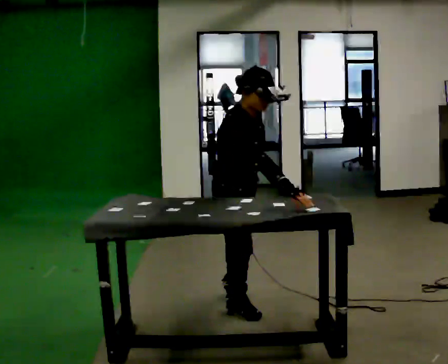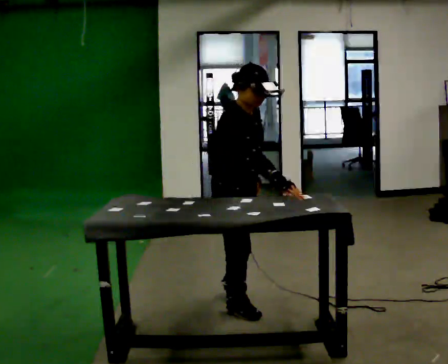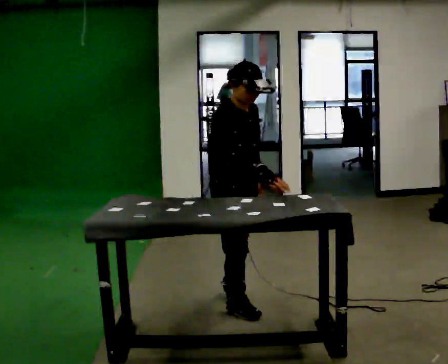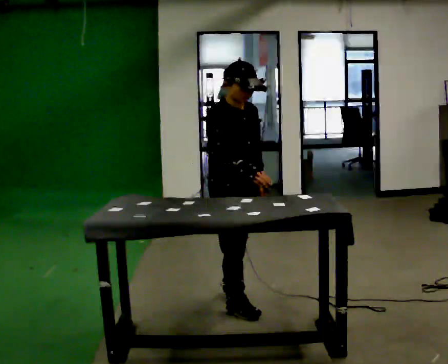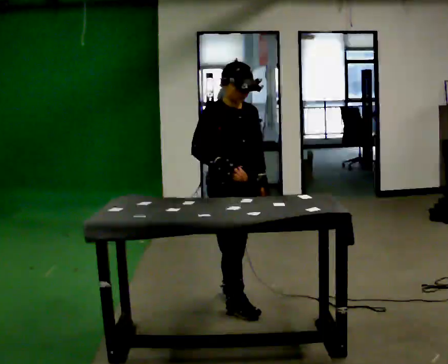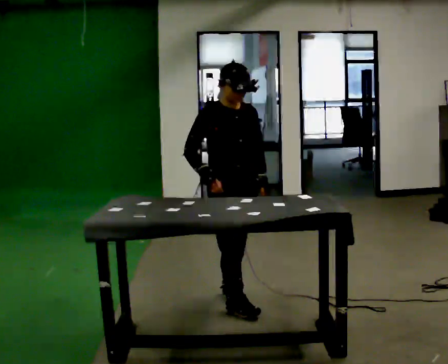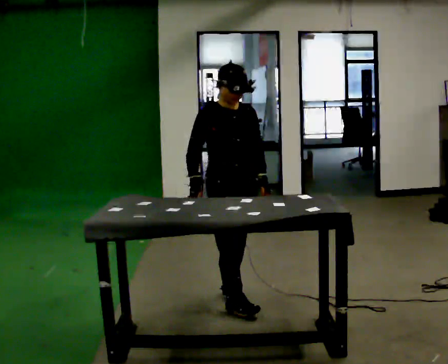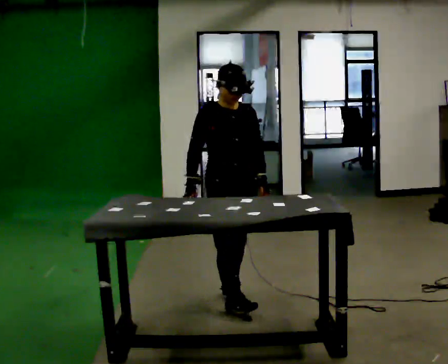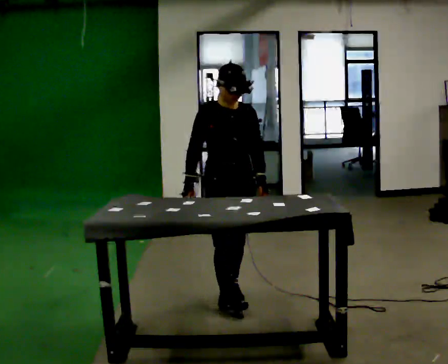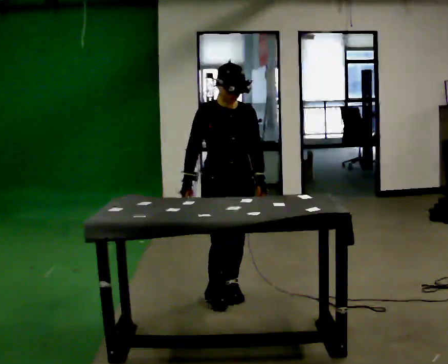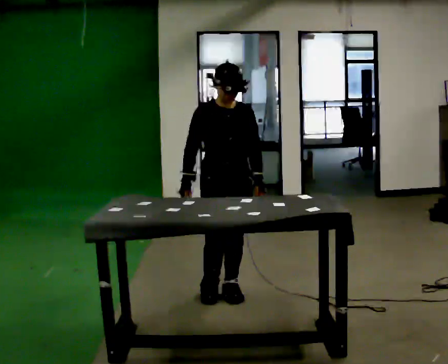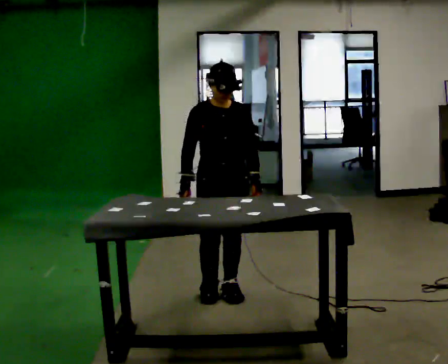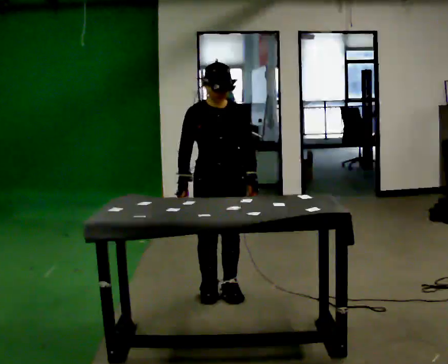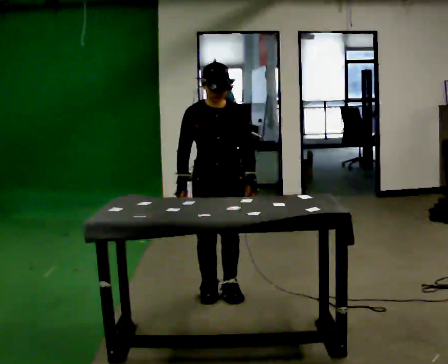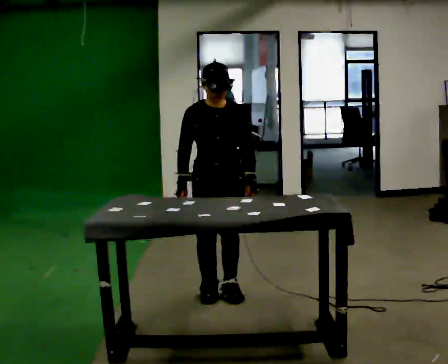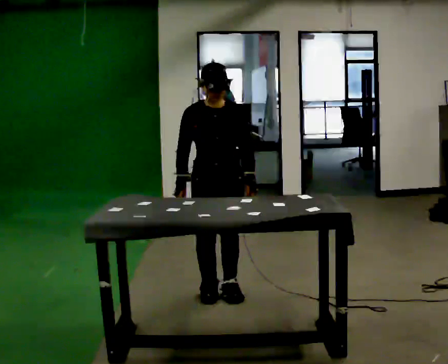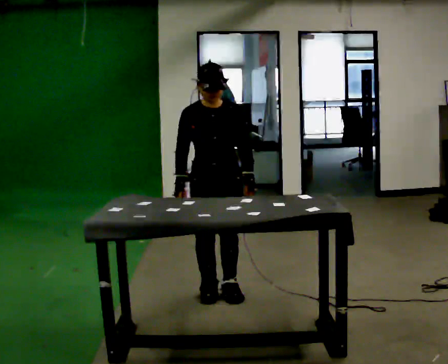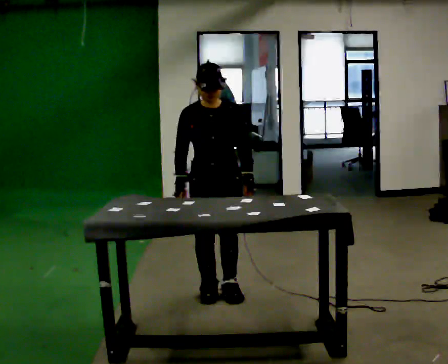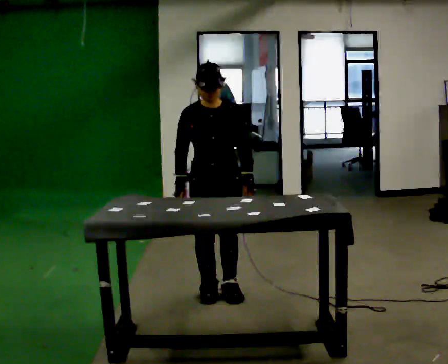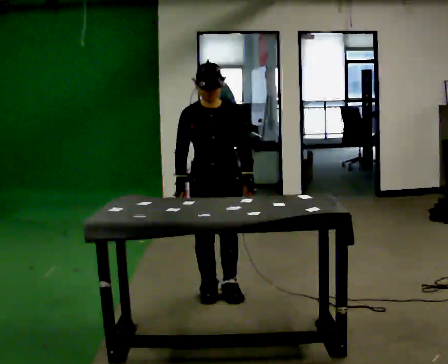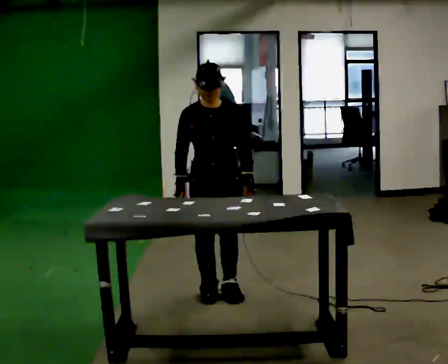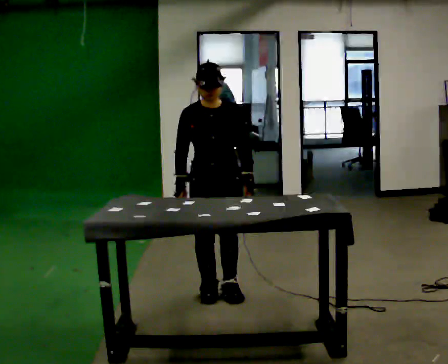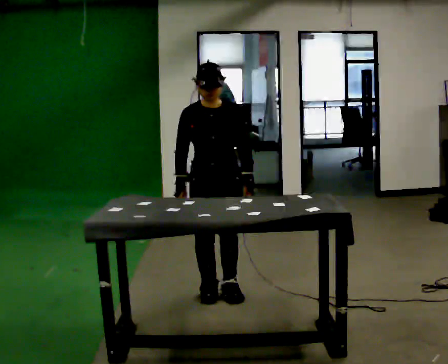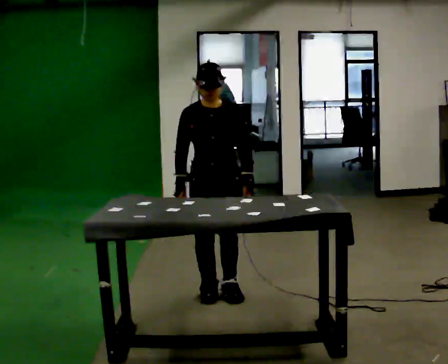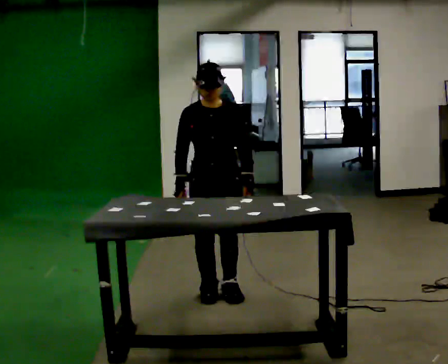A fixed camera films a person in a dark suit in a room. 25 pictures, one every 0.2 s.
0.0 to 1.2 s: The part of the body nearest the lens slides to the left as the person turns to their right by about 30 degrees. In the picture they go away from the camera, about 0.25 m, which for them is to their left and backward. The upper body tips away from the camera, its near side rolling upward, as they lean back or straighten. In the picture their right hand goes to the left.
1.2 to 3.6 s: The part of the body nearest the lens slides to the left as the person turns to their right by about 30 degrees.
3.6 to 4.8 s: The person keeps their place and pose.
The film runs backward here.
